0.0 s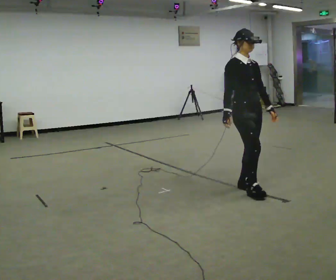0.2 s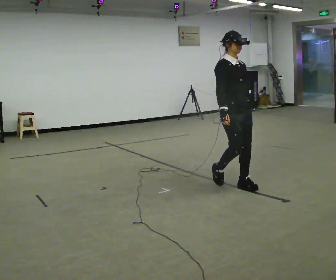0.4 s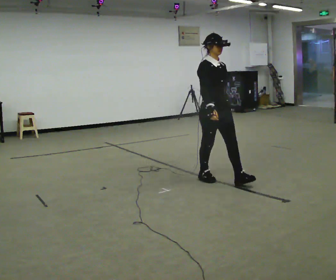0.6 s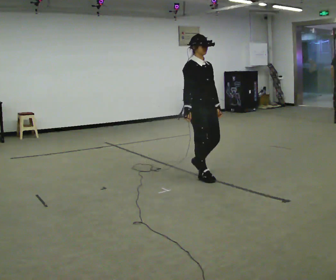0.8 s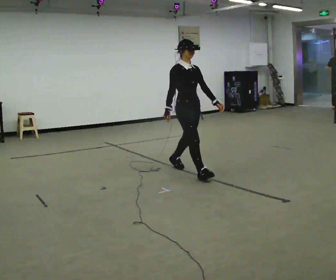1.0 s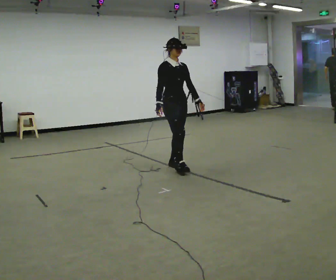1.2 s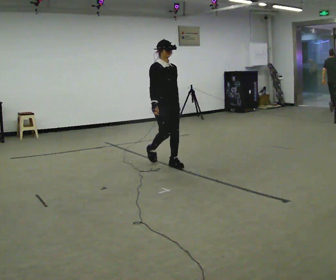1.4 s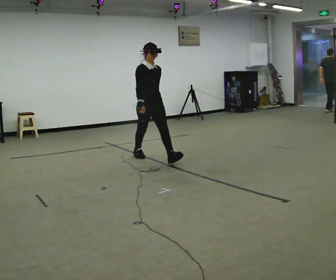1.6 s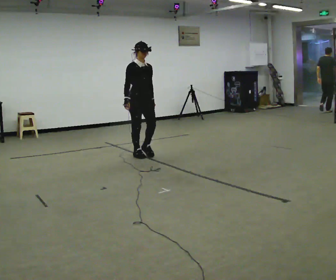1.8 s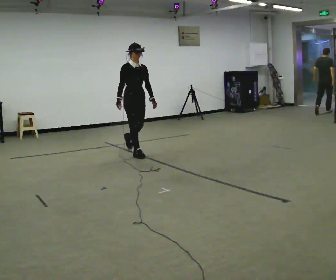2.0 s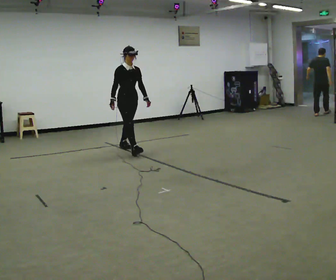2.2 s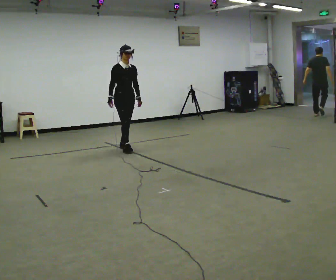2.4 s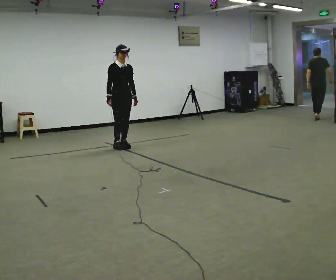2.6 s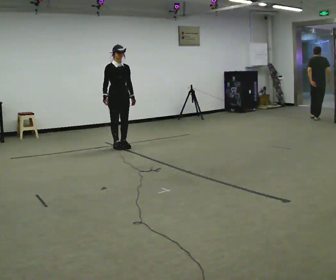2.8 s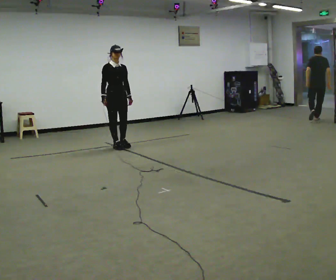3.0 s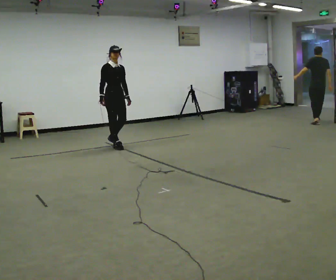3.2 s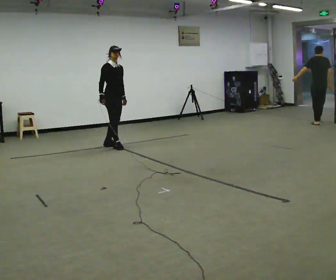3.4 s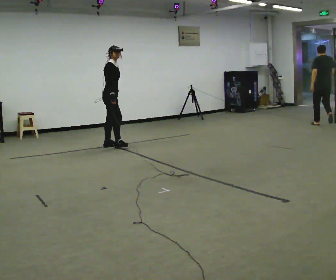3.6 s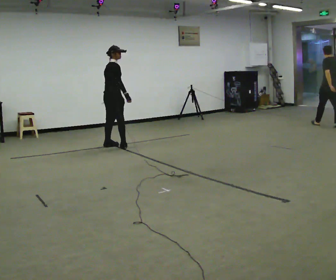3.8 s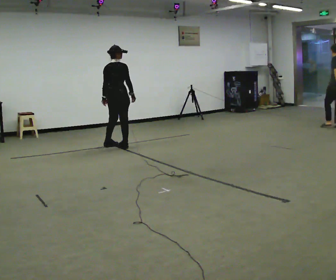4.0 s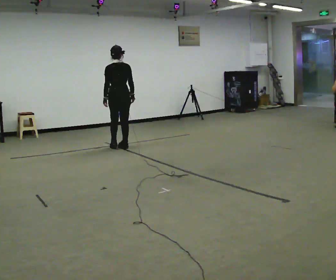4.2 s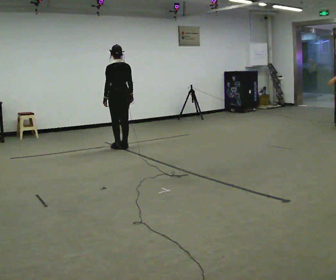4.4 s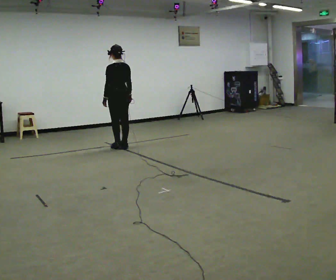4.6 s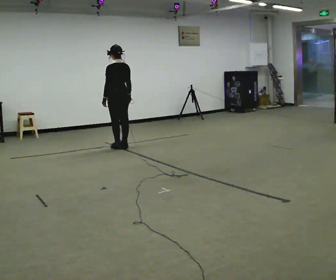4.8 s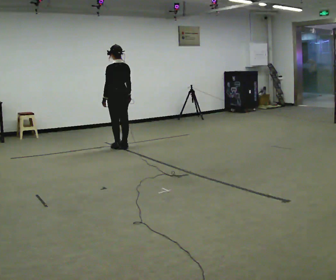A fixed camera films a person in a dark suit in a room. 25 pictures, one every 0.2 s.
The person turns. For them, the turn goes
to their left.
The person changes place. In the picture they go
away from the camera.
0.0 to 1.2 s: In the picture they go away from the camera and to the left, about 1.5 m in 2 steps, which for them is backward.
1.2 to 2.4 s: In the picture they go away from the camera and to the left, about 1.5 m in 2 steps, which for them is backward.
2.4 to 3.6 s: The person turns about 90 degrees to their left, counterclockwise seen from above, so the part of the body nearest the lens slides to the right. In the picture they go to the left, about 0.25 m in 2 steps.
3.6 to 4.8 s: Seen from above the body turns counterclockwise, about 105 degrees: to their left, with its near side sliding to the right.
The film runs backward here.
